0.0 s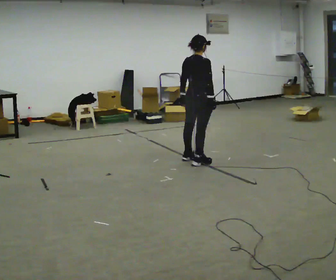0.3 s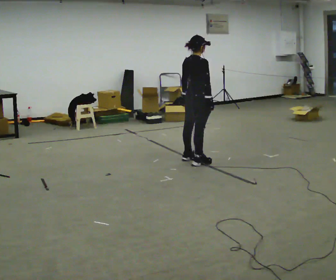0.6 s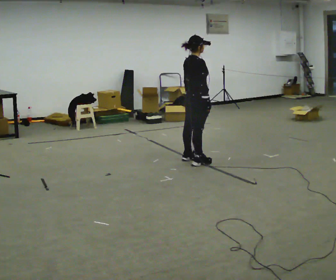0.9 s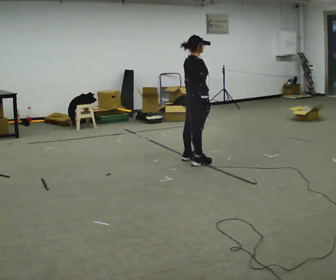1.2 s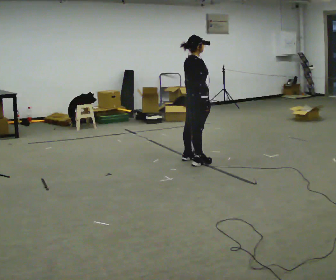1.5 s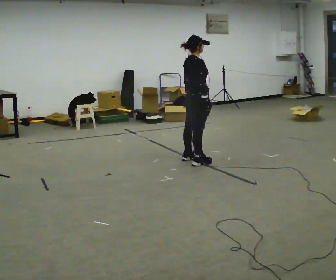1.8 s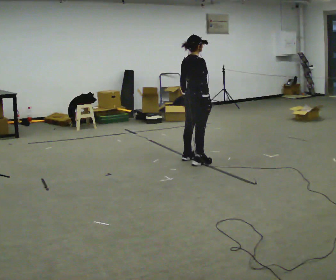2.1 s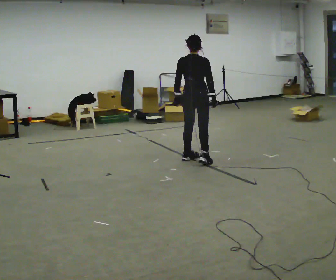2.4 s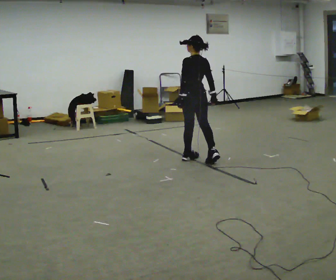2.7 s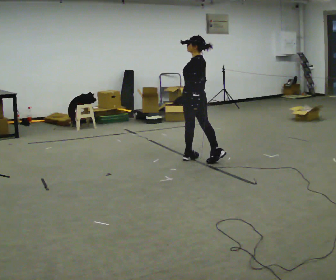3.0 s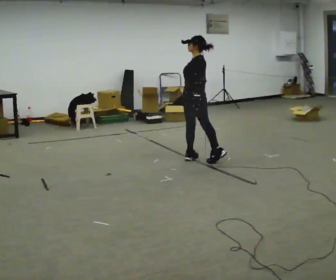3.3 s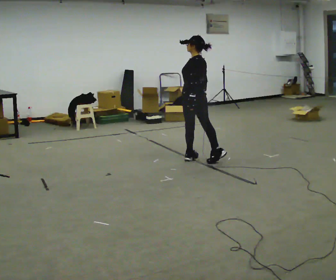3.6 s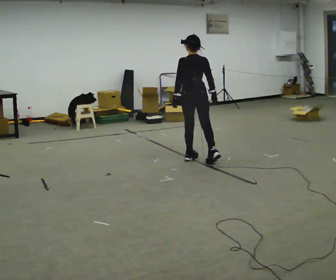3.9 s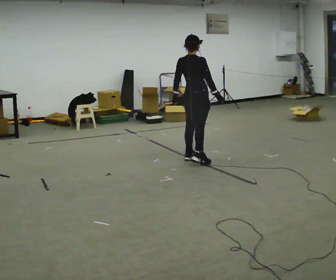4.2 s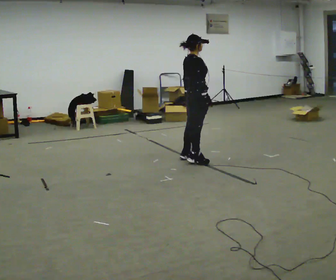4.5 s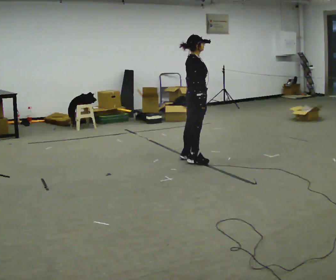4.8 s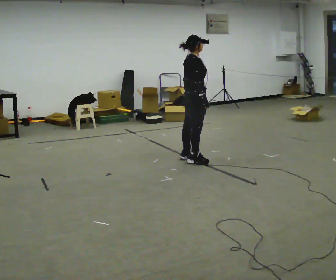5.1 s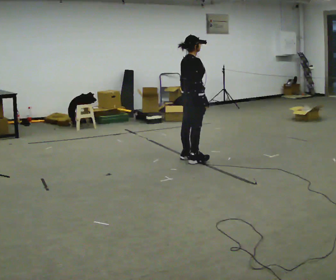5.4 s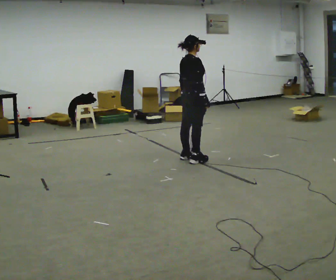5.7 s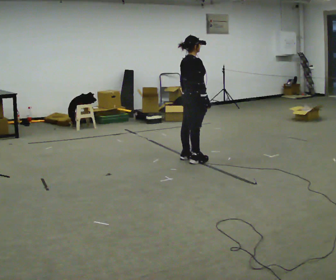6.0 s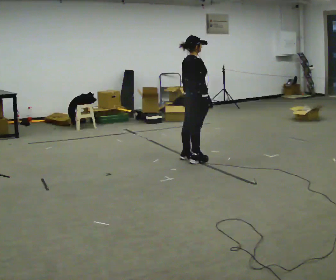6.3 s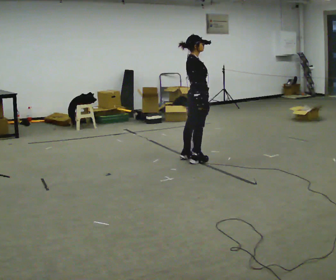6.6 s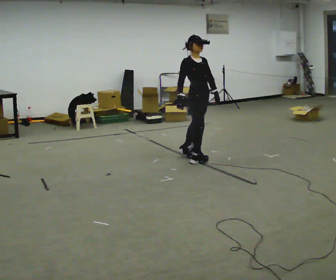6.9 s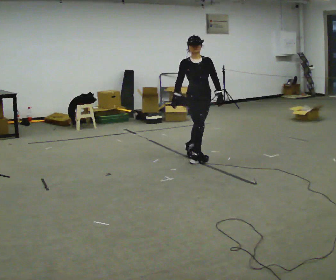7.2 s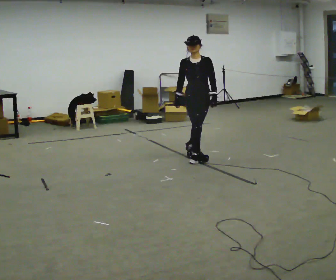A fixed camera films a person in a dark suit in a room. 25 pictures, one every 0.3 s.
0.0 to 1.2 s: The person moves a little, or ends about where they began.
1.2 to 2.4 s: The part of the body nearest the lens slides to the right as the person turns to their left by about 105 degrees.
2.4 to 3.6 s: Seen from above the body turns clockwise, about 30 degrees: to their right, with its near side sliding to the left.
3.6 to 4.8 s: Seen from above the body turns clockwise, about 75 degrees: to their right, with its near side sliding to the left.
4.8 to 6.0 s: The person moves a little, or ends about where they began.
6.0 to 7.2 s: The part of the body nearest the lens slides to the left as the person turns to their right by about 105 degrees. In the picture their right hand goes to the left, the arm swinging clockwise.
The film runs forward here.
